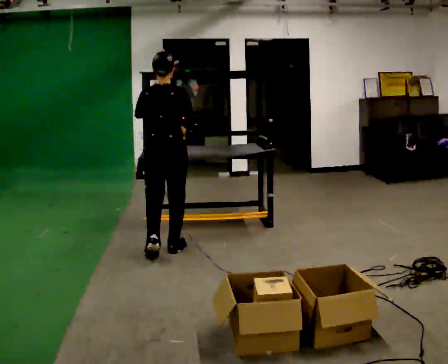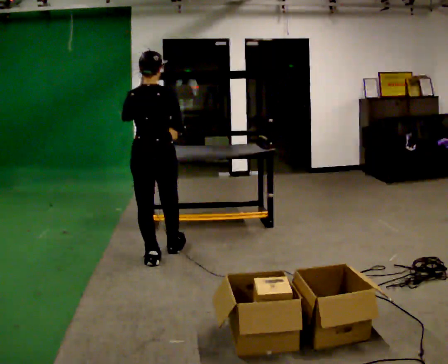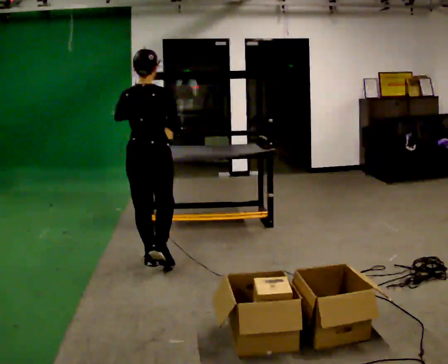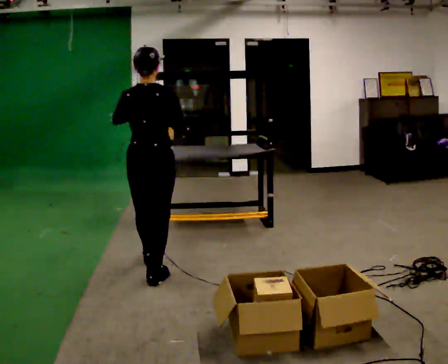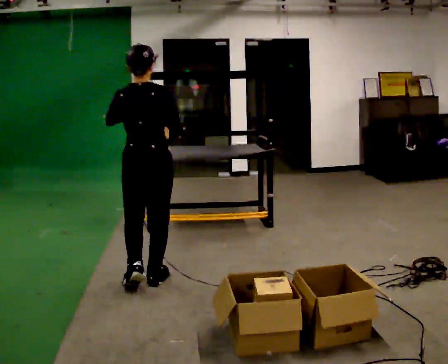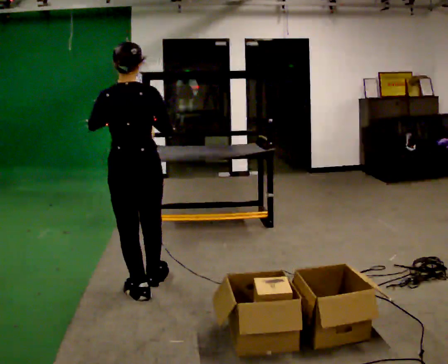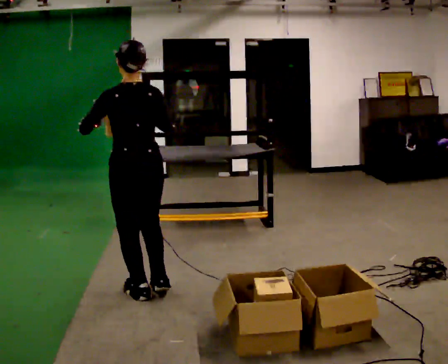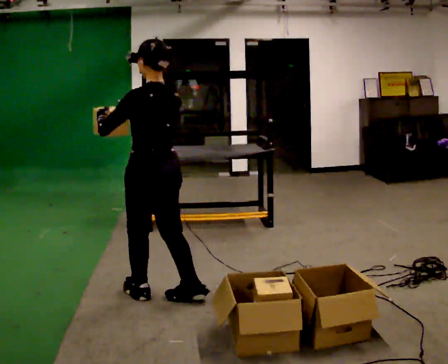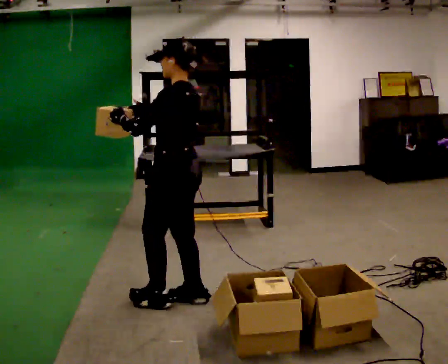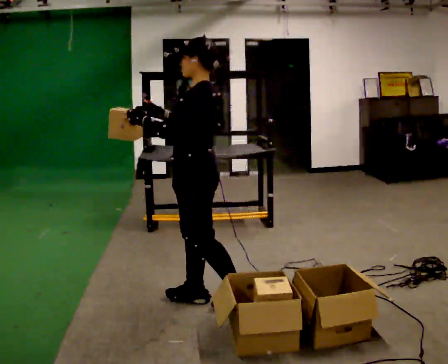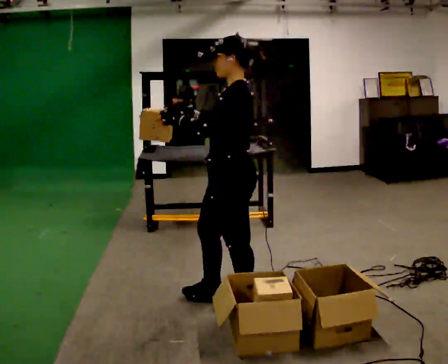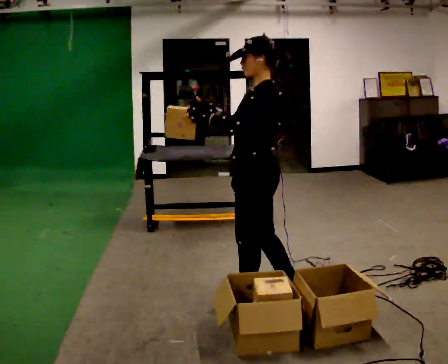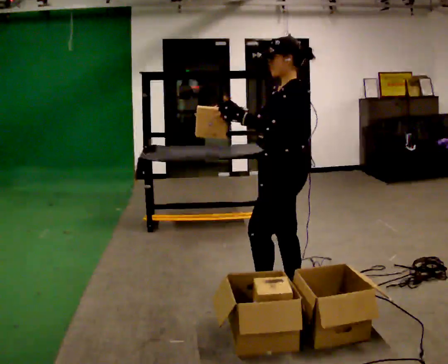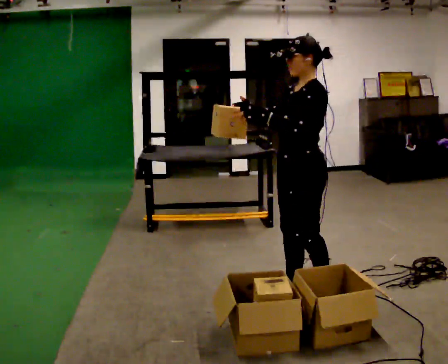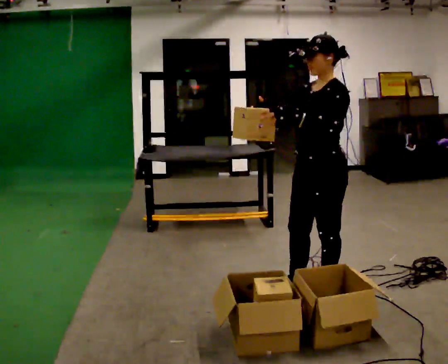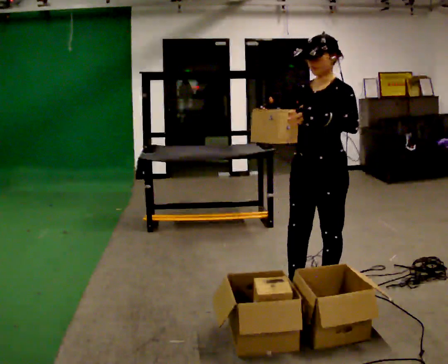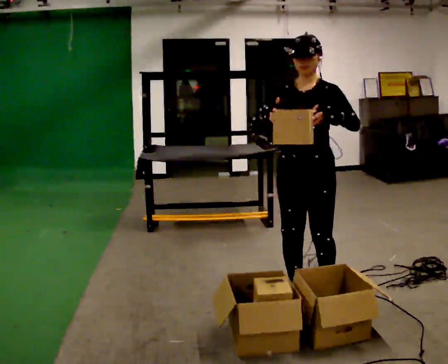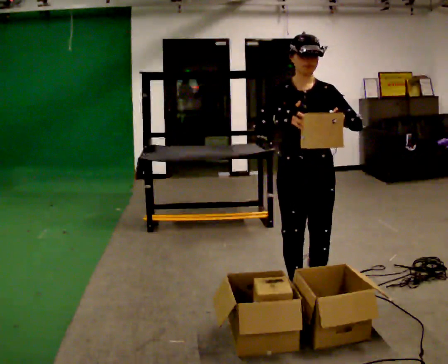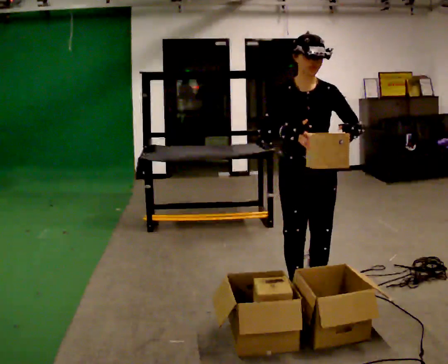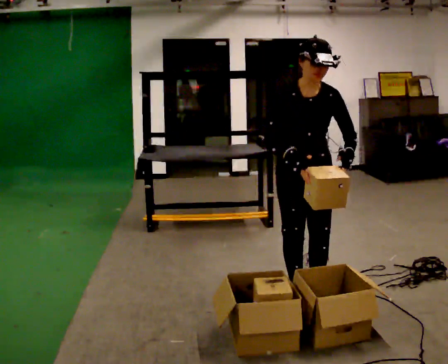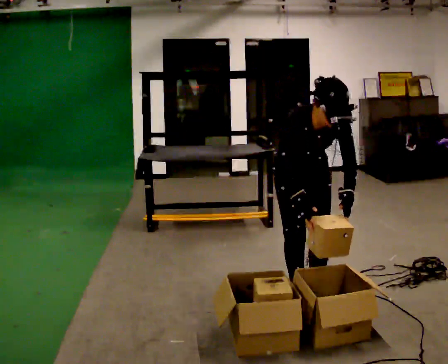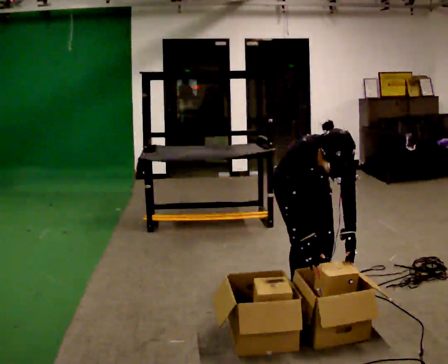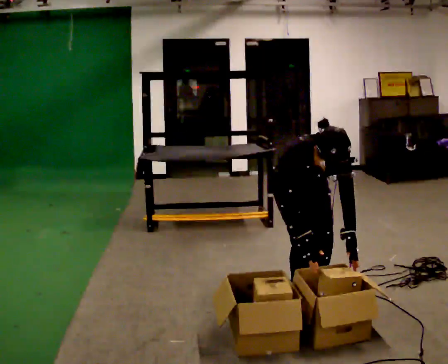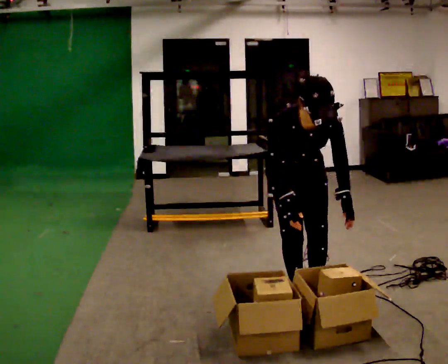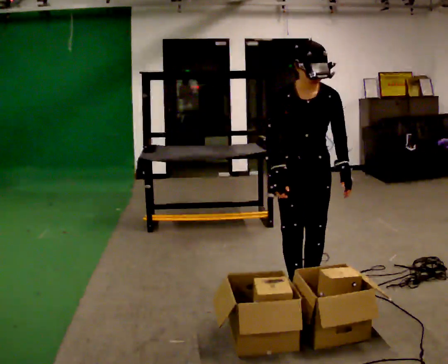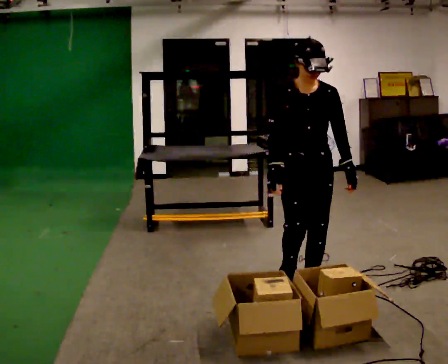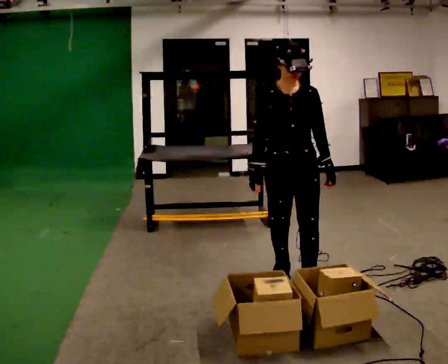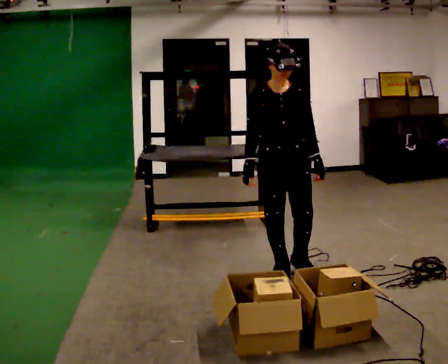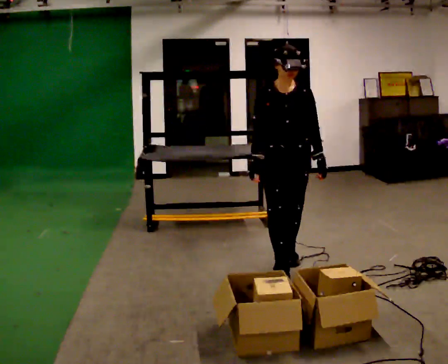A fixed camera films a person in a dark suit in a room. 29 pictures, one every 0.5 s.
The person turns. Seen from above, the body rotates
counterclockwise.
The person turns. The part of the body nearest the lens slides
to the right.
0.0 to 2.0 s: In the picture they go toward the camera, about 0.75 m in 2 steps, which for them is backward.
2.0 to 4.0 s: The part of the body nearest the lens slides to the right as the person turns to their left by about 75 degrees. In the picture they go to the right and toward the camera, about 0.25 m in 2 steps.
4.0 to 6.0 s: In the picture they go to the right, about 0.5 m in 2 steps, which for them is backward.
6.0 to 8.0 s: Seen from above the body turns counterclockwise, about 75 degrees: to their left, with its near side sliding to the right. In the picture their left hand goes to the right.
8.0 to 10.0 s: The part of the body nearest the lens slides to the right as the person turns to their left by about 30 degrees. The shoulders move downward. The upper body tips toward the camera, its near side rolling downward, as they bend forward. In the picture their left hand goes downward.
10.0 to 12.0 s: The person moves a little, or ends about where they began.
12.0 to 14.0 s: In the picture they go away from the camera, about 0.5 m in 2 steps, which for them is backward. The upper body tips away from the camera, its near side rolling upward, as they lean back or straighten.
The film runs backward here.
